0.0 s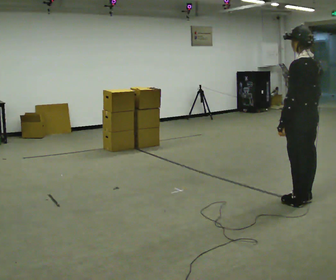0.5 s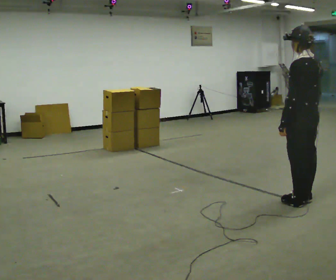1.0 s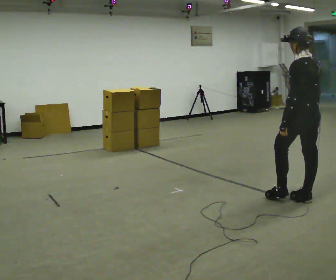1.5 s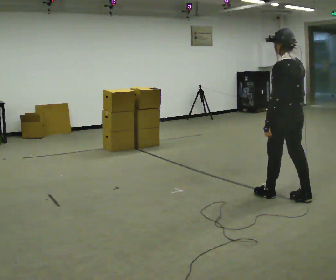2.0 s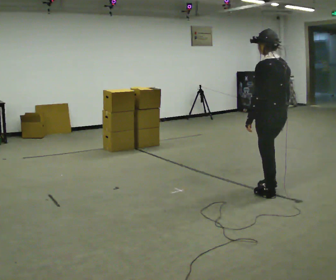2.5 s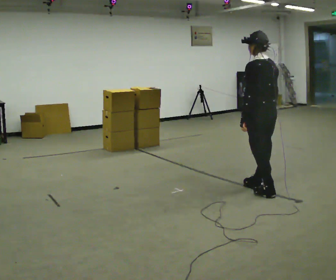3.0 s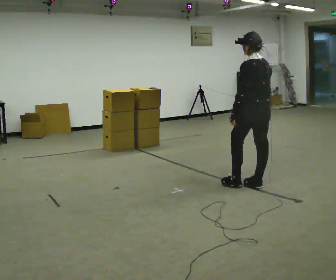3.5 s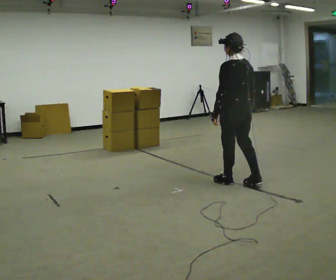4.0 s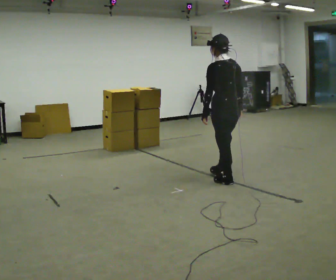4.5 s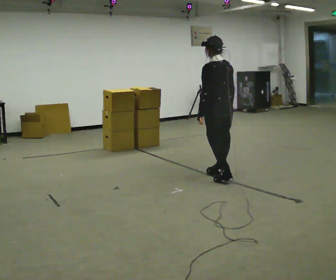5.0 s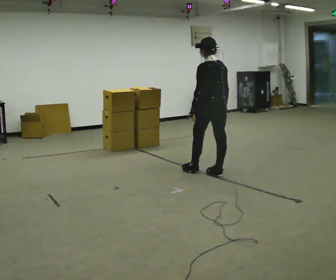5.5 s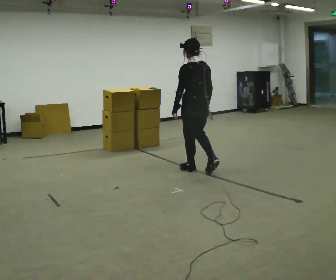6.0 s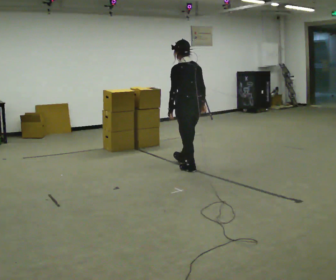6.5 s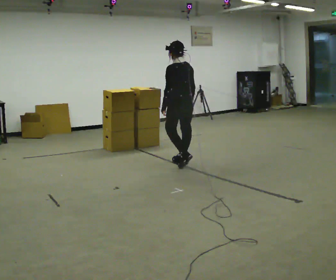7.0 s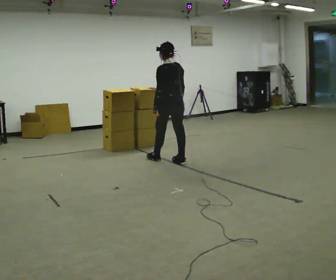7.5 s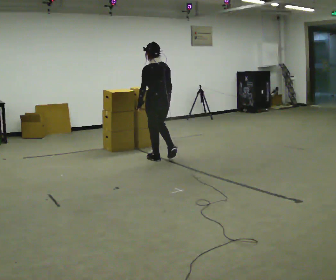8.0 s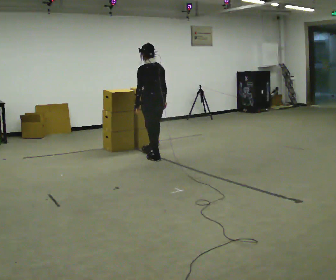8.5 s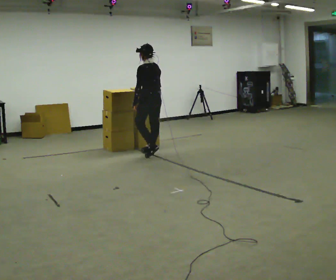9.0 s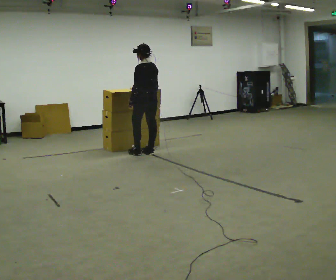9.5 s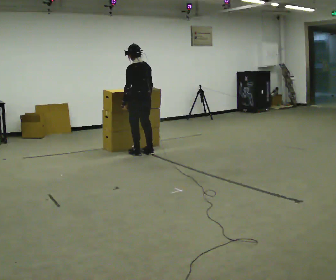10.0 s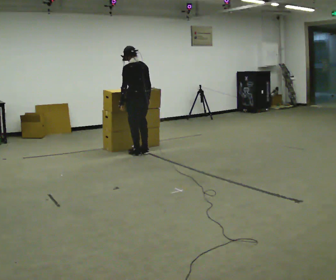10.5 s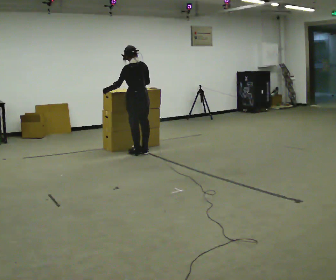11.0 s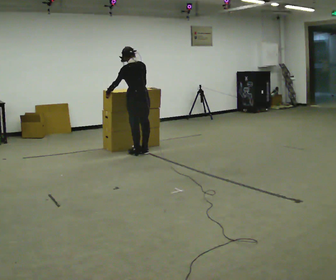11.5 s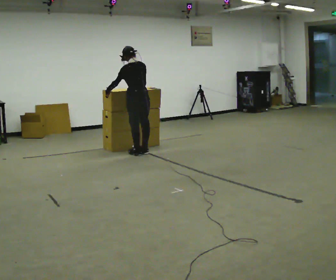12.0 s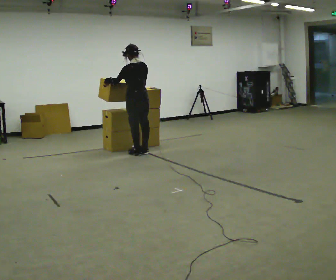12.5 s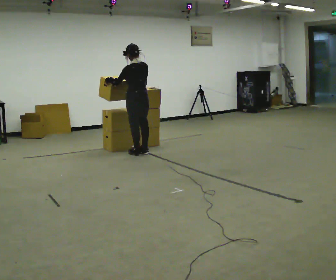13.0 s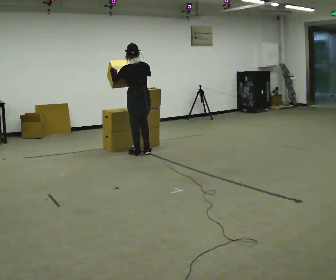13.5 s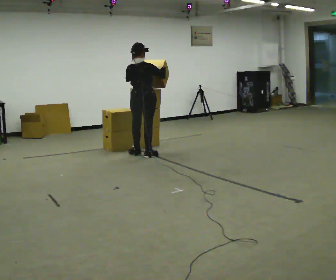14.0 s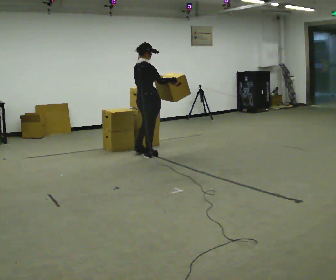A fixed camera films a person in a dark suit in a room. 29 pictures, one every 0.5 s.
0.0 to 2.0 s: In the picture they go away from the camera and to the left, about 0.25 m in 1 step, which for them is forward.
2.0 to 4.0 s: In the picture they go away from the camera and to the left, about 0.75 m in 2 steps, which for them is forward.
4.0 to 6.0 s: In the picture they go away from the camera and to the left, about 0.5 m in 3 steps, which for them is forward.
6.0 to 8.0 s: In the picture they go away from the camera and to the left, about 1 m in 2 steps, which for them is forward.
8.0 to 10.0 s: In the picture they go to the left and away from the camera, about 0.25 m in 1 step, which for them is forward.
10.0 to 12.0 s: The person moves a little, or ends about where they began.
12.0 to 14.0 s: Seen from above the body turns clockwise, about 90 degrees: to their right, with its near side sliding to the left. In the picture they go toward the camera, about 0.25 m in 1 step. In the picture their left hand goes to the right.
The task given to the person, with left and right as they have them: Carry the box and, while you are still walking, turn it so you can read the label, read it out loud, then carry on. Repeat with the next box. Do not stop to read it.
The film runs forward here.
